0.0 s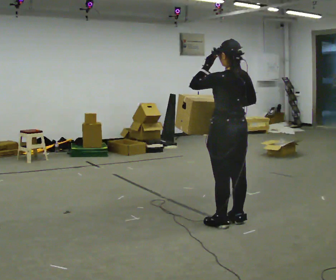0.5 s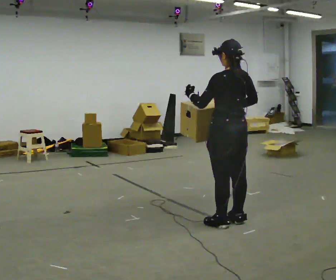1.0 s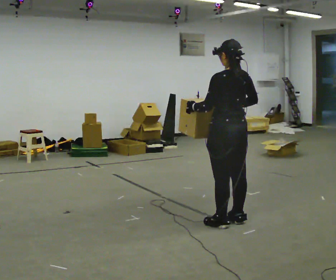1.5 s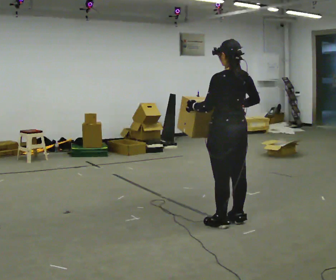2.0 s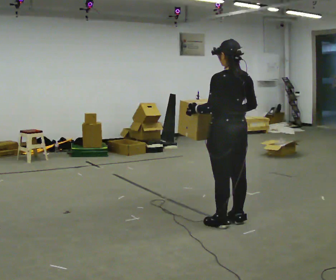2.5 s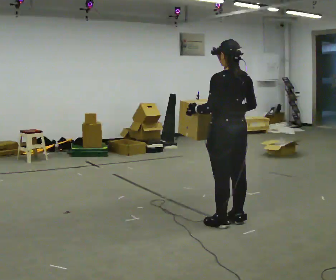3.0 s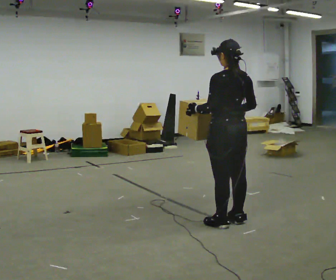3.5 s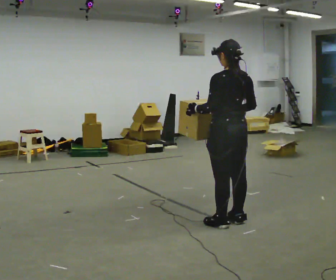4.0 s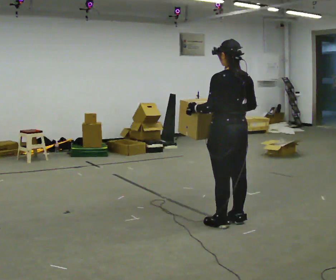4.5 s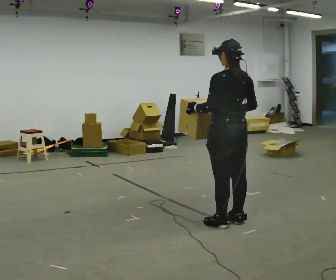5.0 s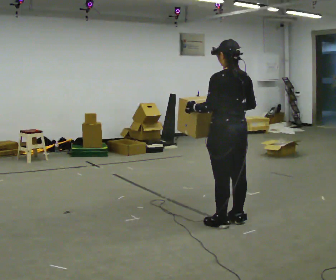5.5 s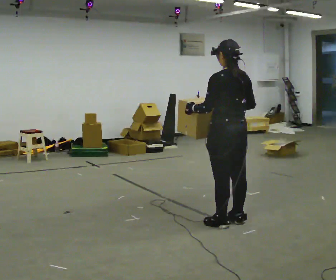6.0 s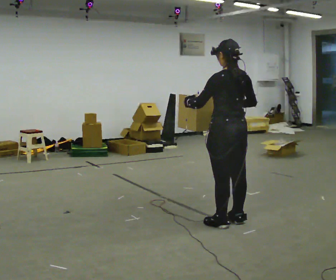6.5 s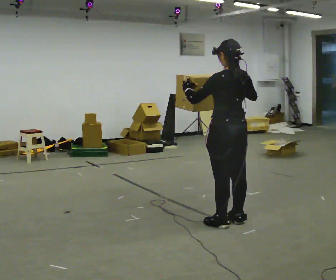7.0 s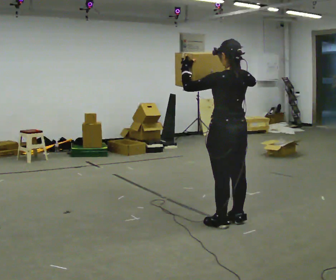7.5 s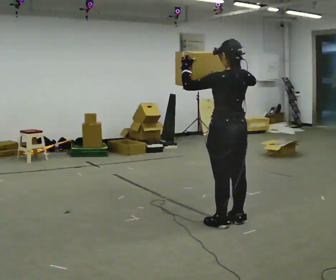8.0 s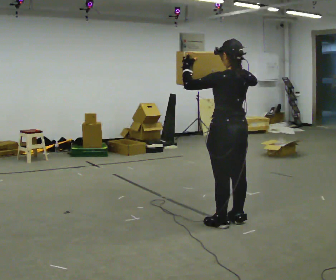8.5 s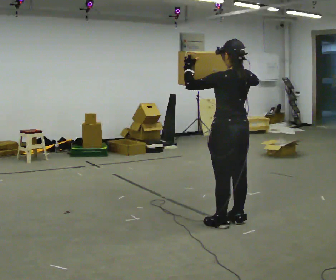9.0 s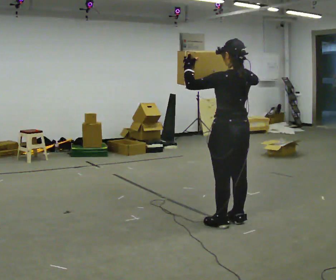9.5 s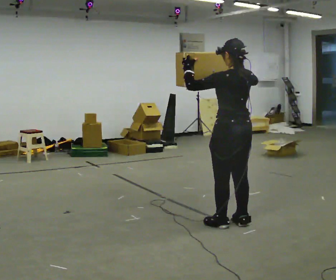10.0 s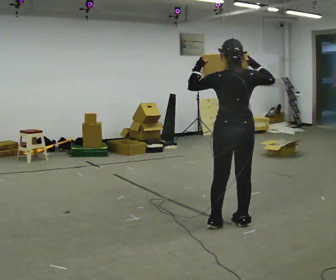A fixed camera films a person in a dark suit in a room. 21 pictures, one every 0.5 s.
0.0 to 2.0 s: In the picture their left hand goes downward.
2.0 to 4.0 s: The person keeps their place and pose.
4.0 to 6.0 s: The person moves a little, or ends about where they began.
6.0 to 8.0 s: In the picture their right hand goes upward.
8.0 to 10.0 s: The person moves a little, or ends about where they began.
The film runs backward here.
